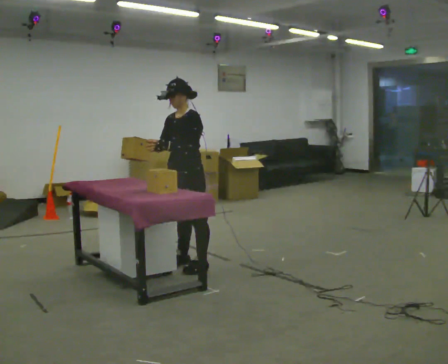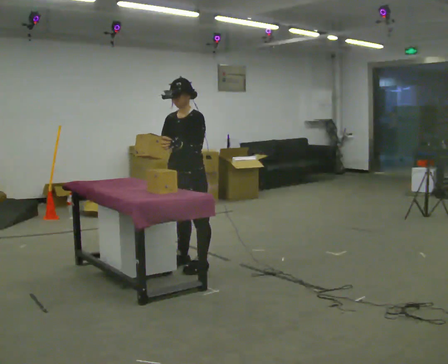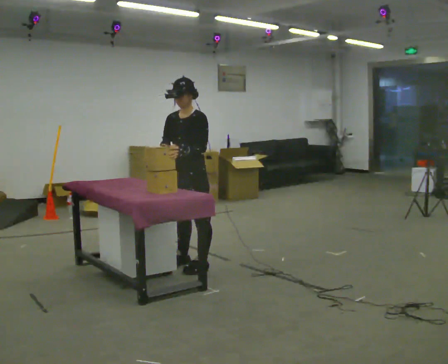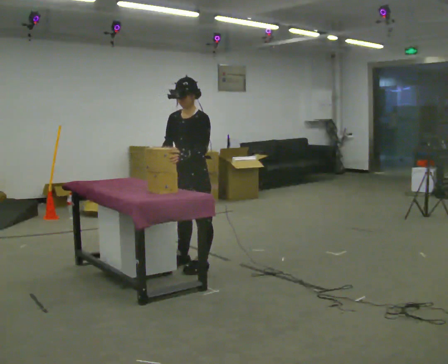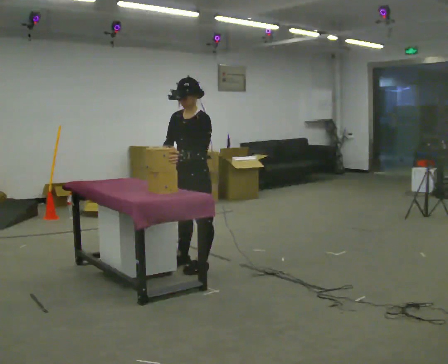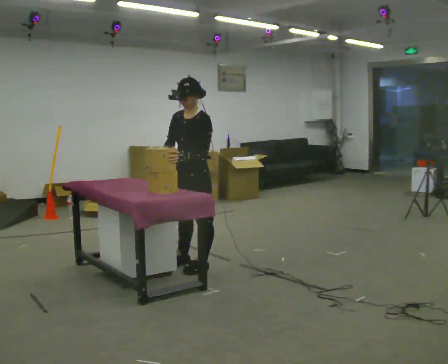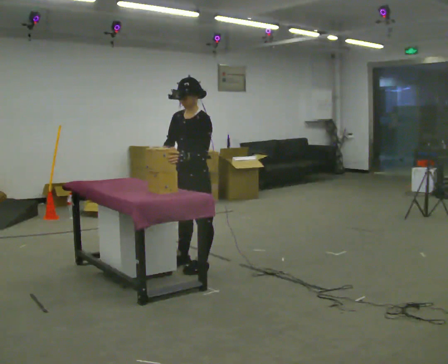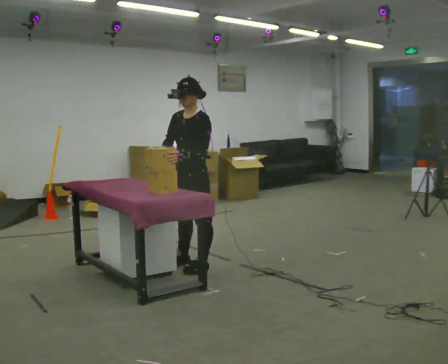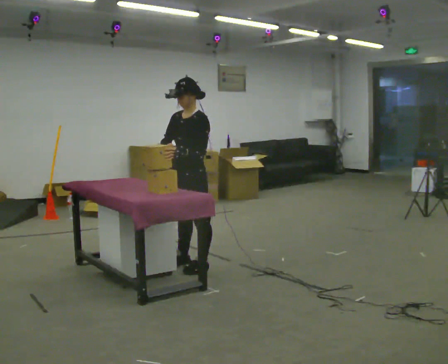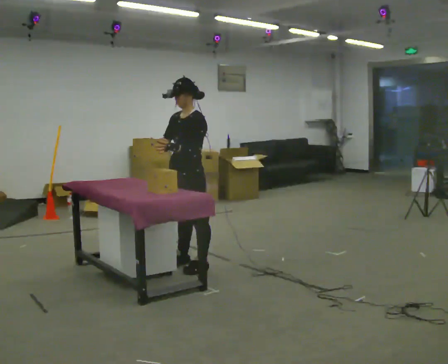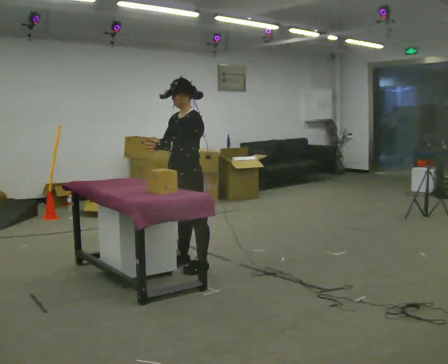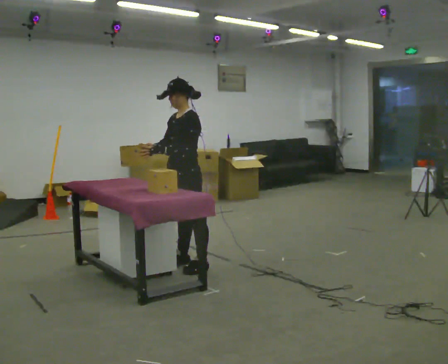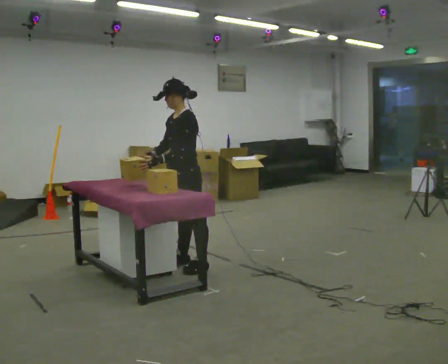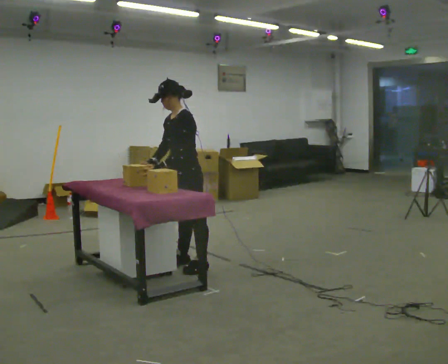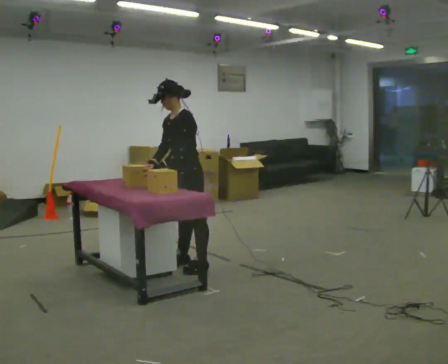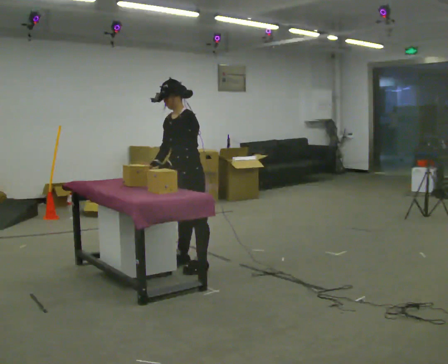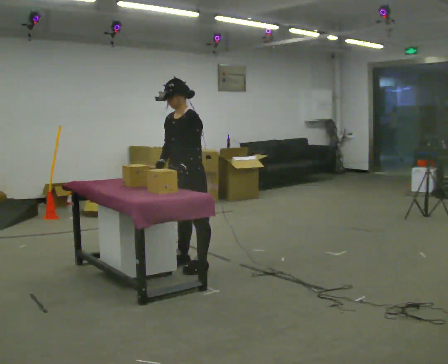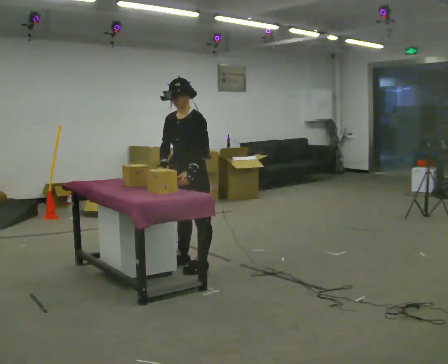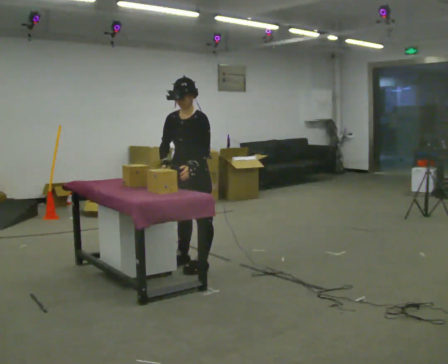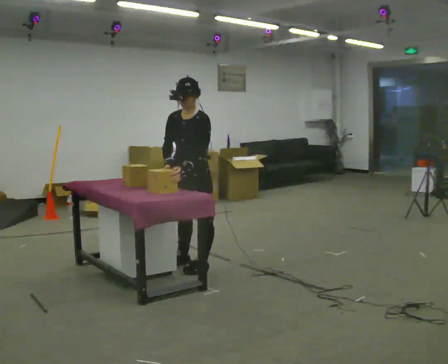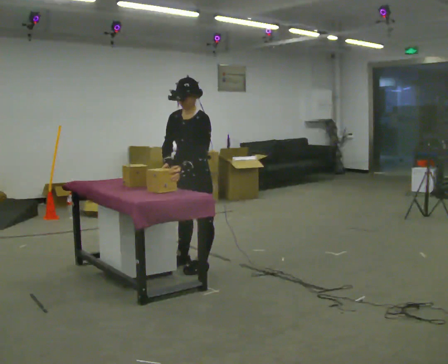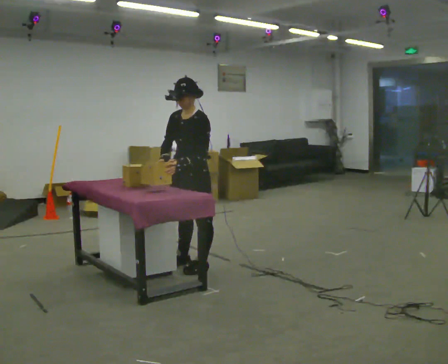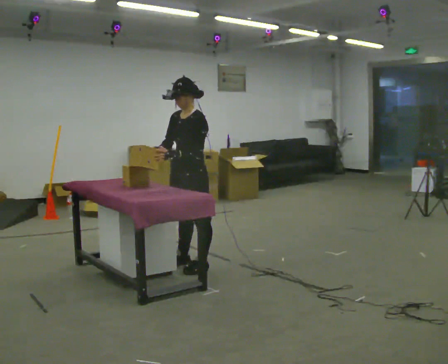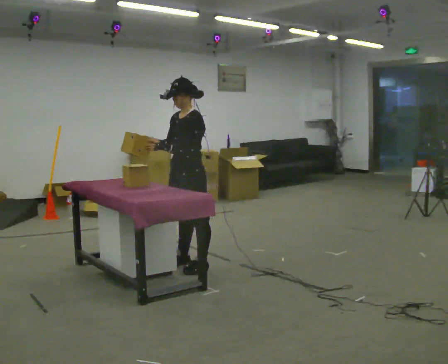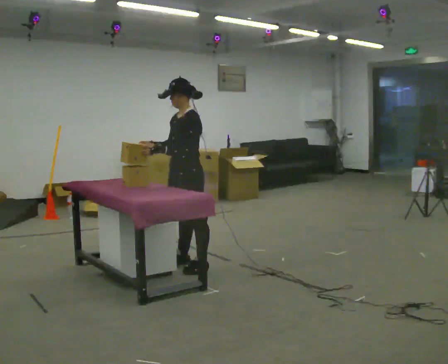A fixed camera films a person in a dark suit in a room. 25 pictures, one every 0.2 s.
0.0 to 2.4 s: The person moves a little, or ends about where they began.
2.4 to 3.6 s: The person turns about 30 degrees to their left, counterclockwise seen from above, so the part of the body nearest the lens slides to the right.
3.6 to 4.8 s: The part of the body nearest the lens slides to the left as the person turns to their right by about 30 degrees.
The film runs forward here.
